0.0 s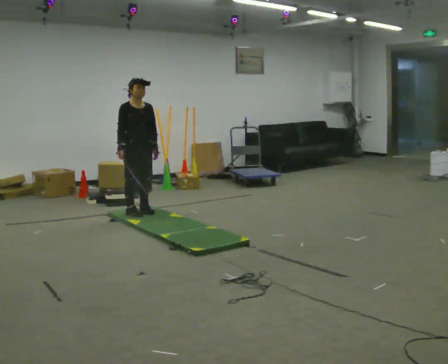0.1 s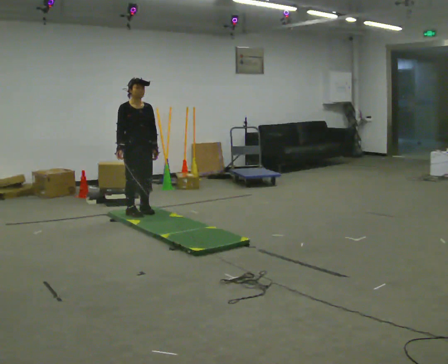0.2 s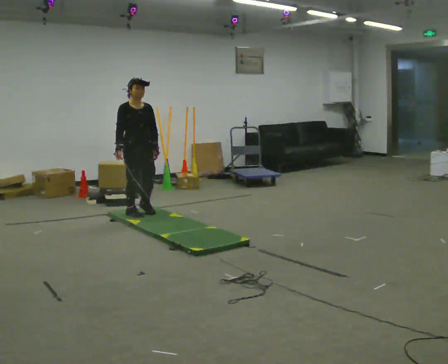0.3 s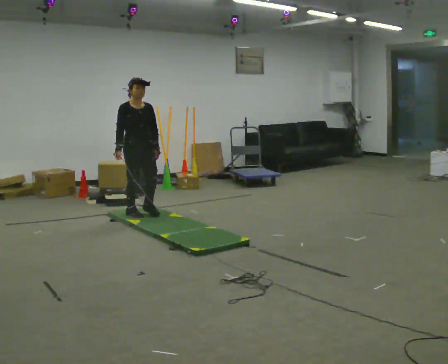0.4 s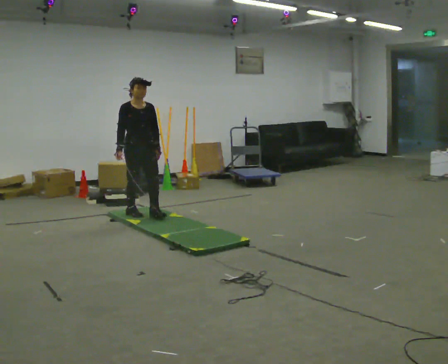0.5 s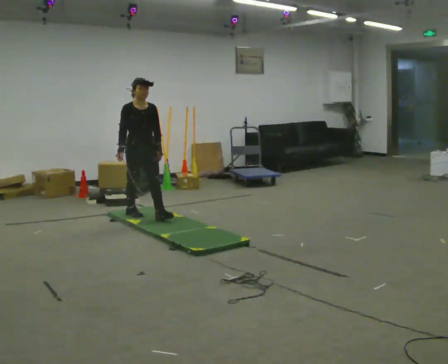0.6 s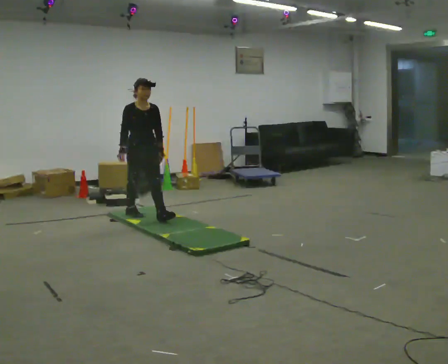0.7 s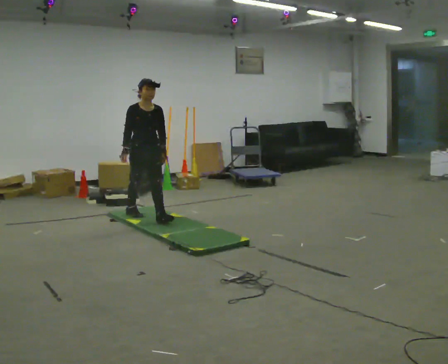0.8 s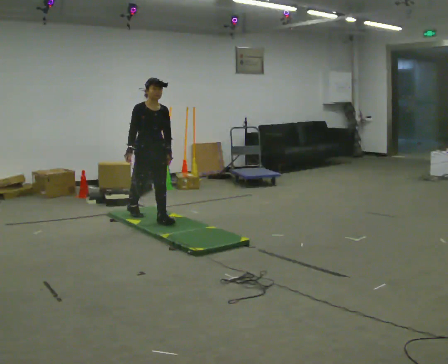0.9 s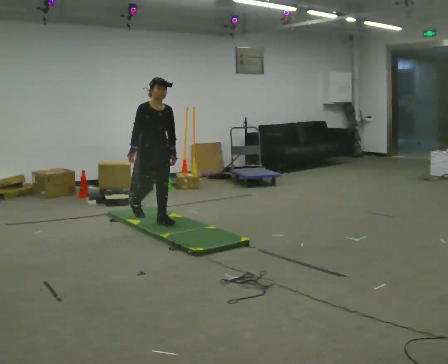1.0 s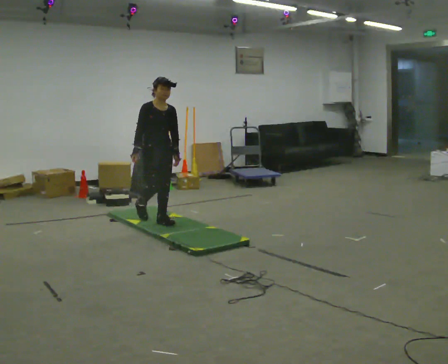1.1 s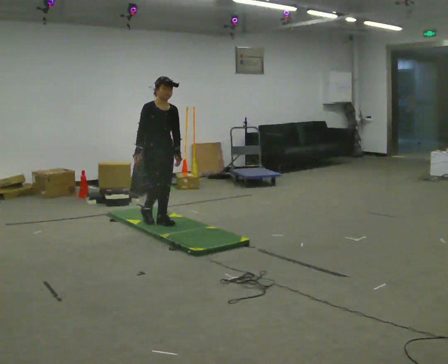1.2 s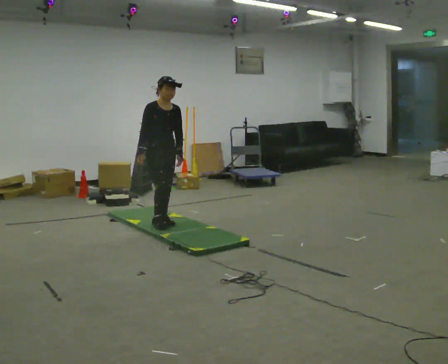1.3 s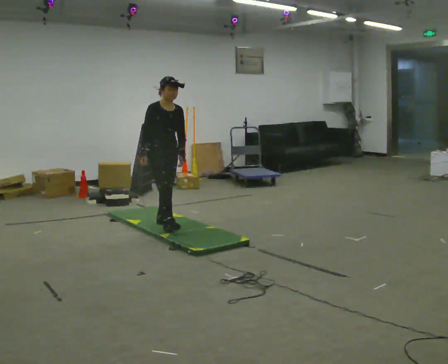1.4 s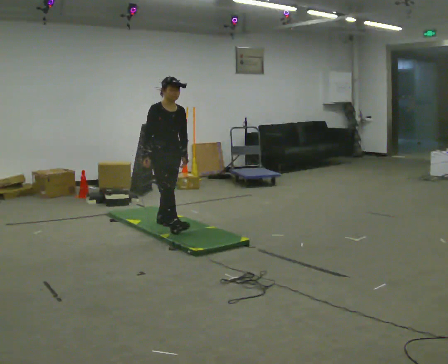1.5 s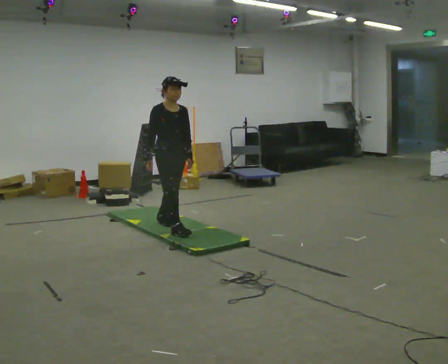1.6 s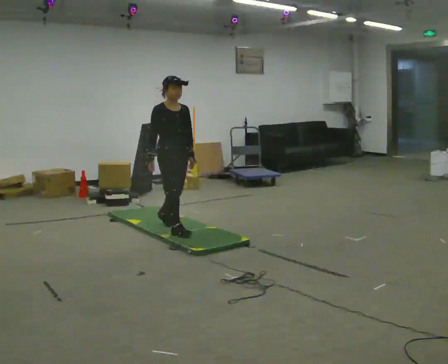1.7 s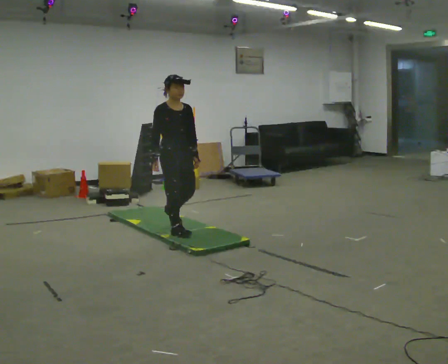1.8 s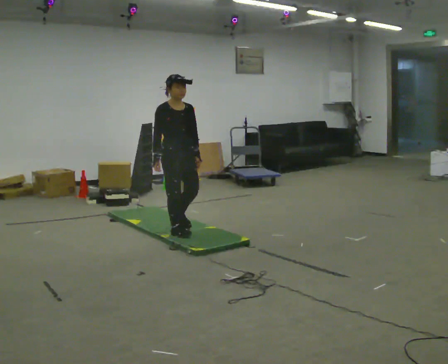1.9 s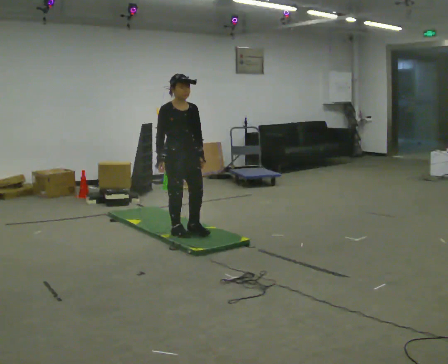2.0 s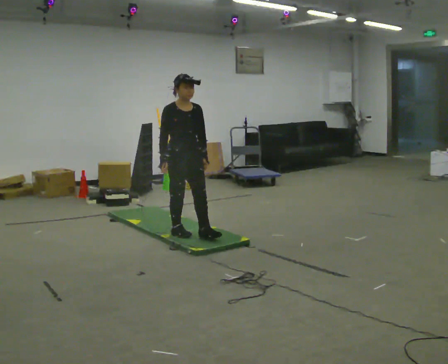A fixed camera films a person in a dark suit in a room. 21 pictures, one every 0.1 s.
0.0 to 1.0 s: In the picture they go toward the camera and to the right, about 0.5 m in 1 step, which for them is forward.
1.0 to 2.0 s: In the picture they go toward the camera and to the right, about 0.5 m in 1 step, which for them is forward.
The film runs forward here.
